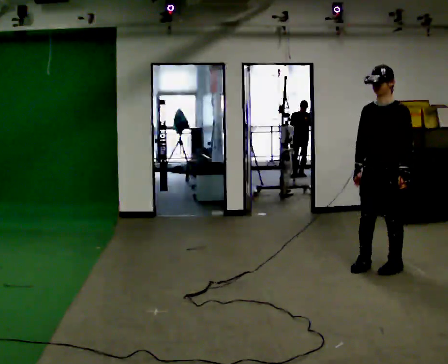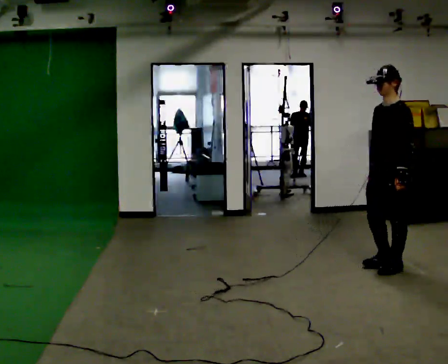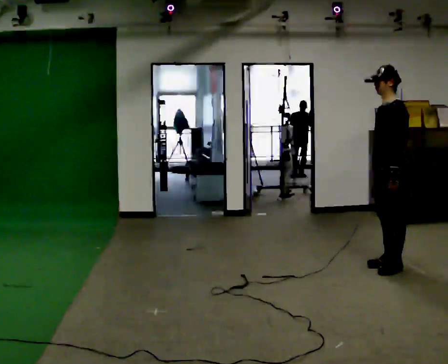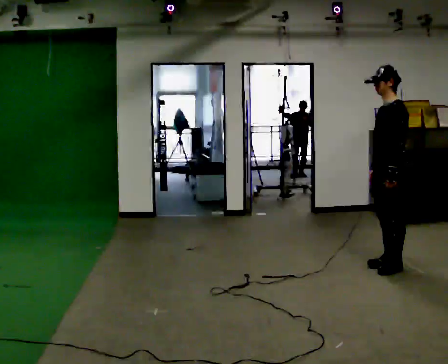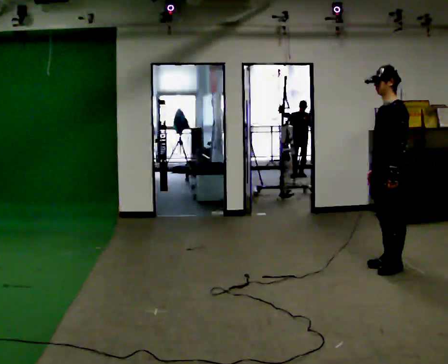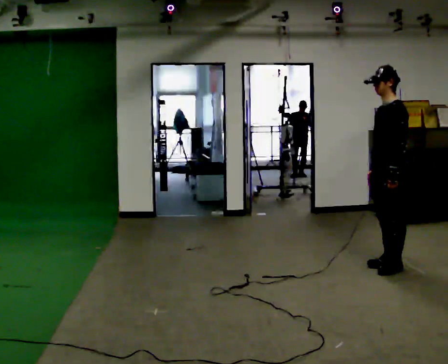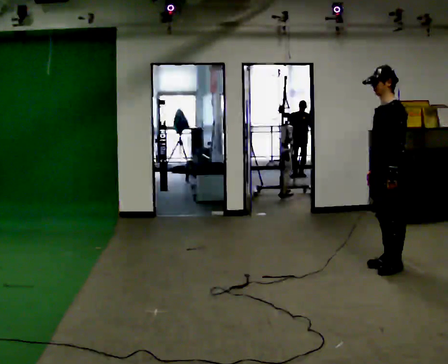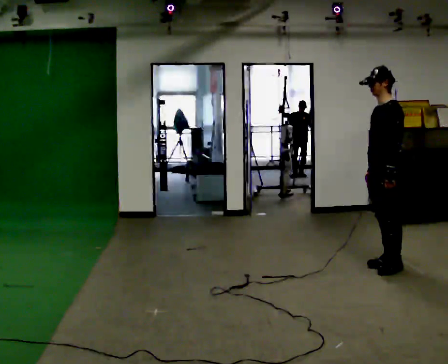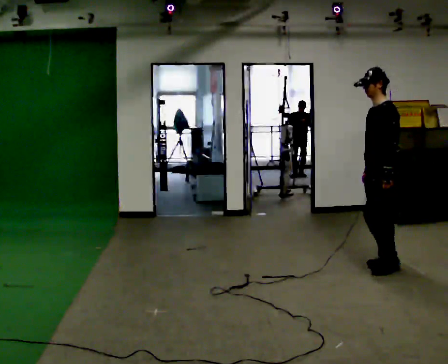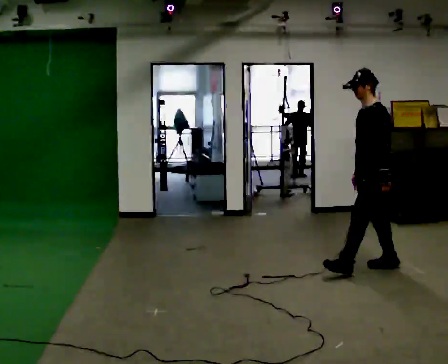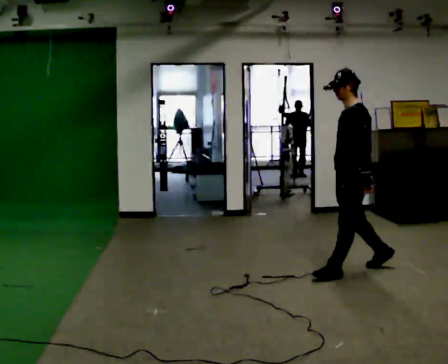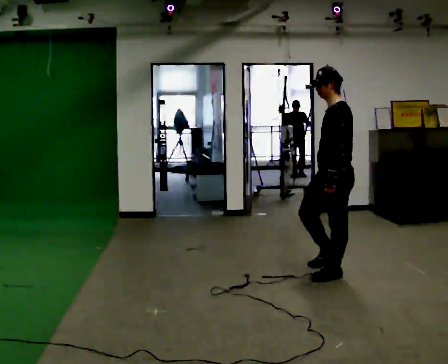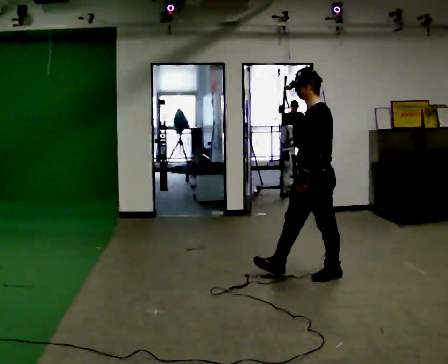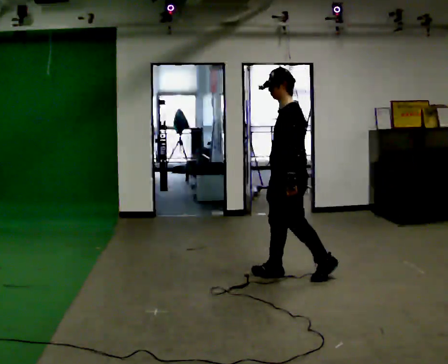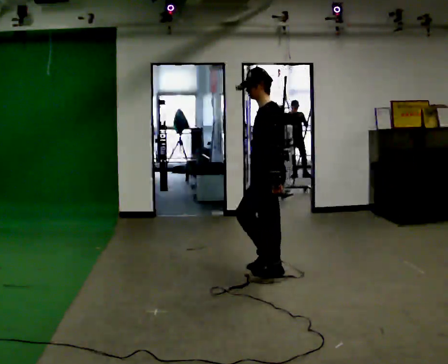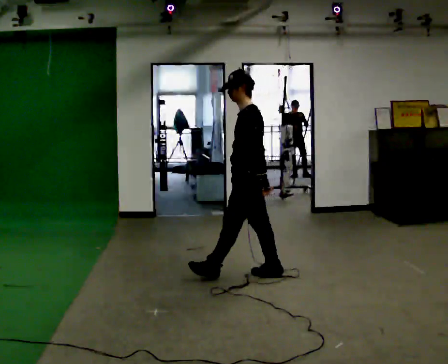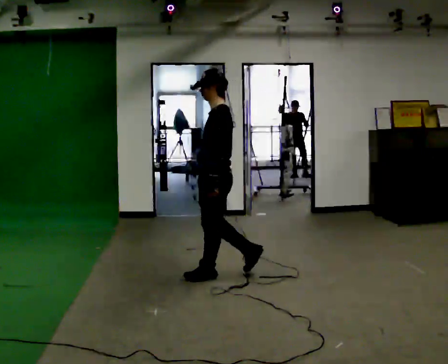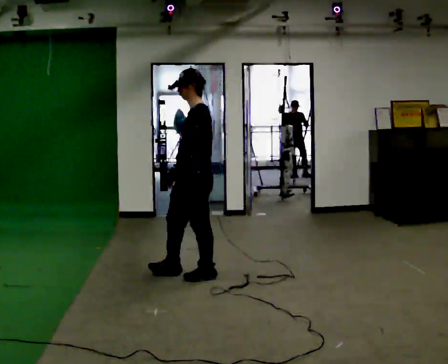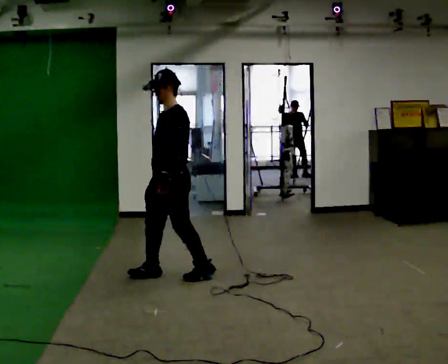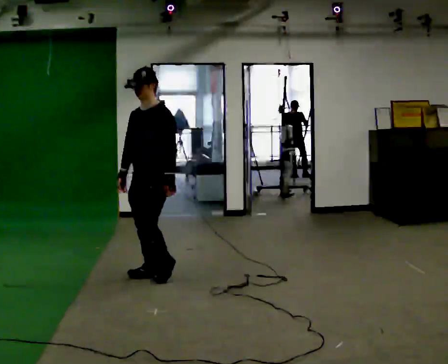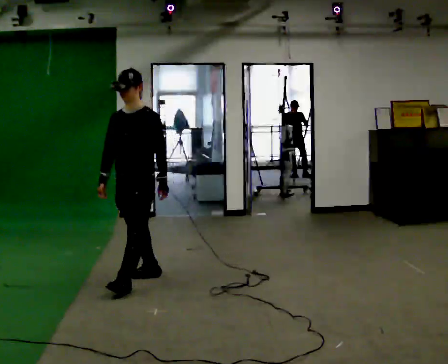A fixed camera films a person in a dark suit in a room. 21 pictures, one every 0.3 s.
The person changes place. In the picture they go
to the left.
0.0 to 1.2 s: The person turns about 30 degrees to their right, clockwise seen from above, so the part of the body nearest the lens slides to the left.
1.2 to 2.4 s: The person moves a little, or ends about where they began.
2.4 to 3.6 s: In the picture they go to the left and toward the camera, about 0.5 m in 2 steps, which for them is forward.
3.6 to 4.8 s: In the picture they go to the left, about 1 m in 1 step, which for them is forward.
4.8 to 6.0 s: The part of the body nearest the lens slides to the right as the person turns to their left by about 60 degrees. In the picture they go to the left and toward the camera, about 0.75 m in 2 steps, which for them is forward.
The film runs forward here.
